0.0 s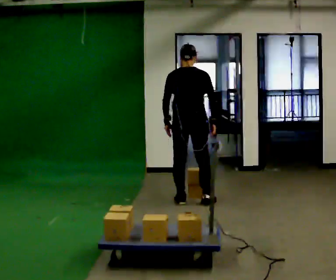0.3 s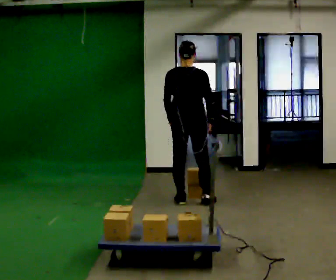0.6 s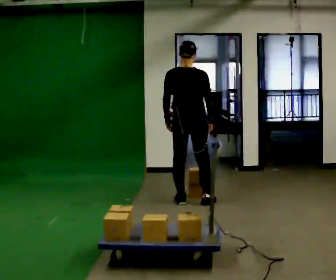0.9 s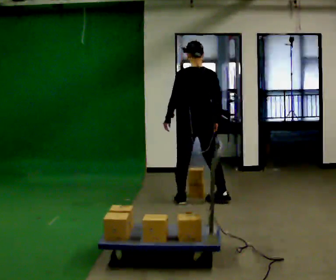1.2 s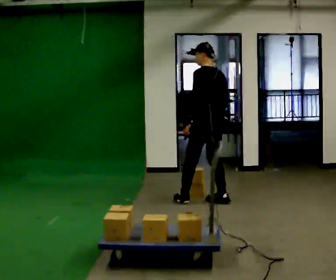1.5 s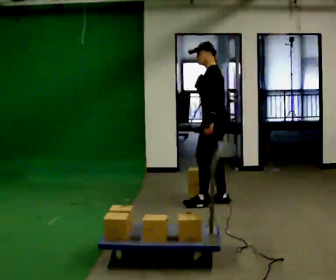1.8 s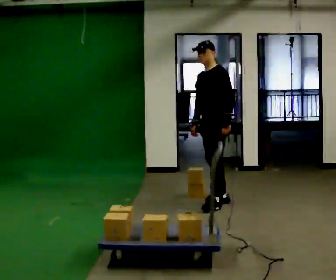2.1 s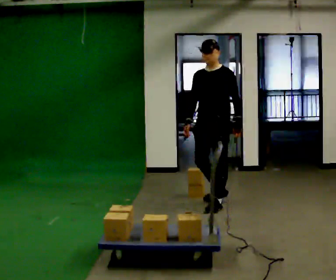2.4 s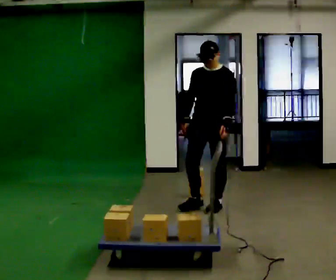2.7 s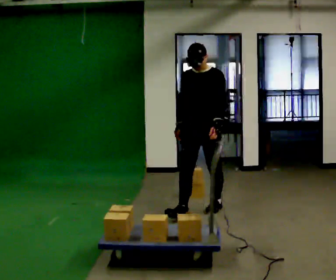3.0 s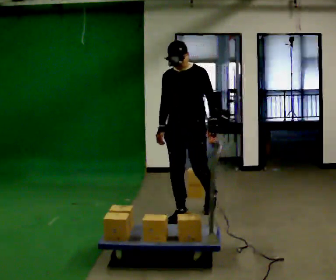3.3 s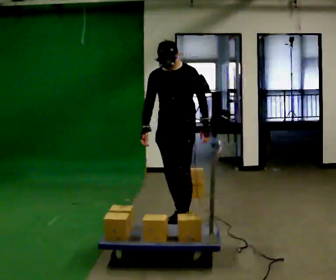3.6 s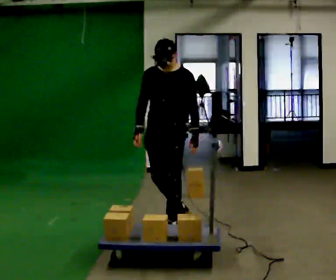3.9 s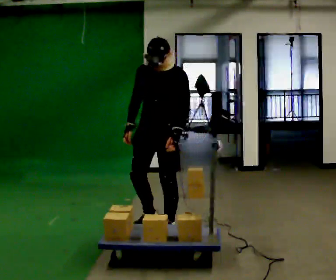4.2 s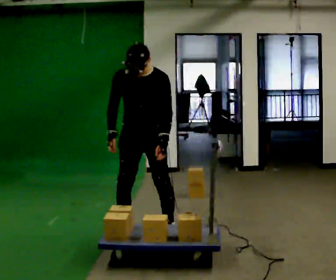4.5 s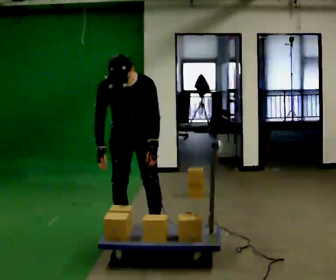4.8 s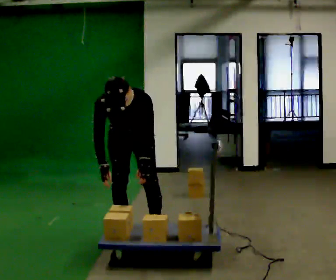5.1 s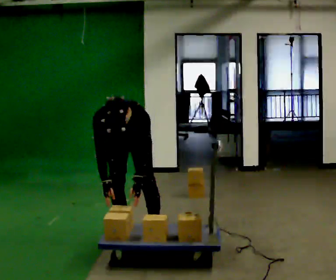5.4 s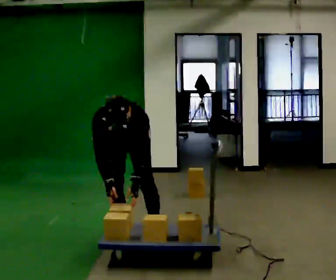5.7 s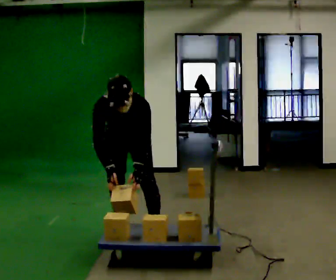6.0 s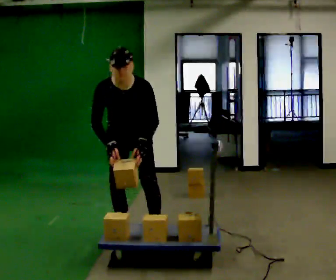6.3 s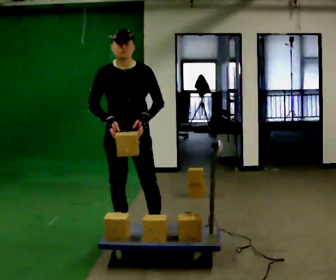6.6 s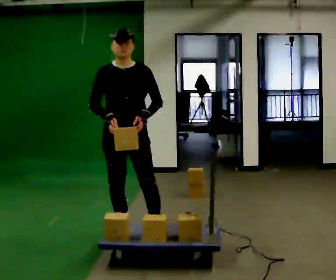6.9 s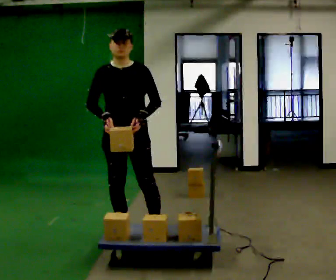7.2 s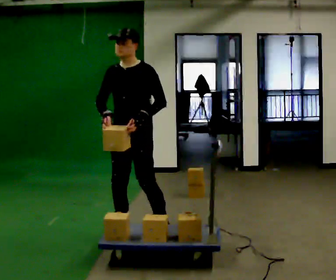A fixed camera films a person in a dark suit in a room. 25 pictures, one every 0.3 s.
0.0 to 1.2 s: The part of the body nearest the lens slides to the right as the person turns to their left by about 45 degrees. In the picture they go to the right, about 0.25 m in 1 step, which for them is to their right.
1.2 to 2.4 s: Seen from above the body turns counterclockwise, about 120 degrees: to their left, with its near side sliding to the right. In the picture they go toward the camera, about 0.25 m in 1 step.
2.4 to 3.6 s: In the picture they go toward the camera and to the left, about 1 m in 2 steps, which for them is forward.
3.6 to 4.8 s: Seen from above the body turns counterclockwise, about 30 degrees: to their left, with its near side sliding to the right. In the picture they go to the left, about 0.25 m in 1 step, which for them is to their right and forward. The upper body goes downward. The upper body tips toward the camera, its near side rolling downward, as they bend forward.
4.8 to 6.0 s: The person moves a little, or ends about where they began.
6.0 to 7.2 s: Seen from above the body turns clockwise, about 45 degrees: to their right, with its near side sliding to the left. The upper body tips away from the camera, its near side rolling upward, as they lean back or straighten.
The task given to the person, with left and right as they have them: Load the boxes onto the cart one at a time, then take them all off again. The cart stays where it is. Keep going until the operator says stop; one object at a time, and do not rush between trips.
The film runs forward here.
